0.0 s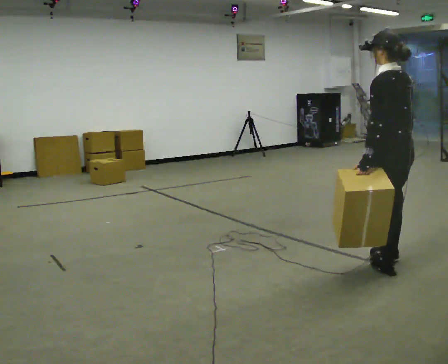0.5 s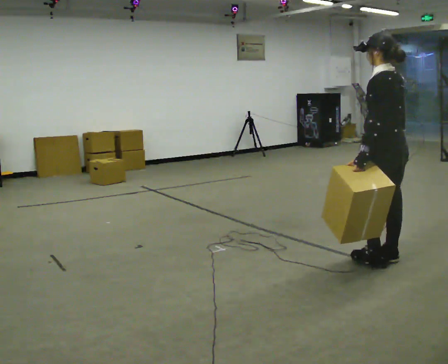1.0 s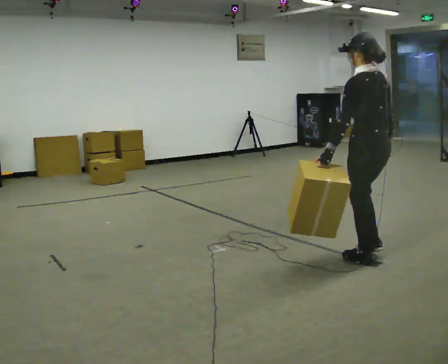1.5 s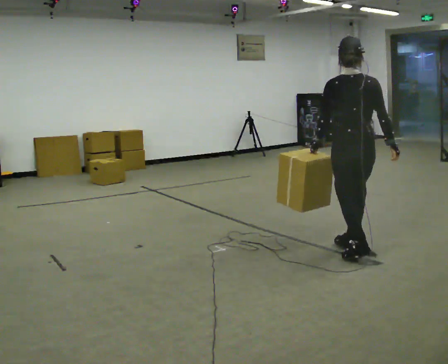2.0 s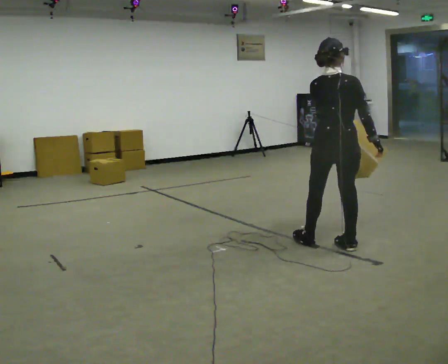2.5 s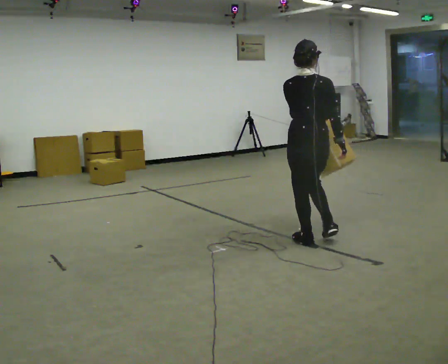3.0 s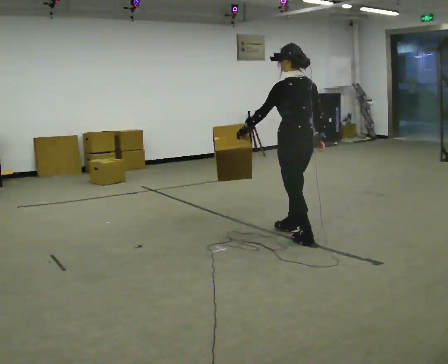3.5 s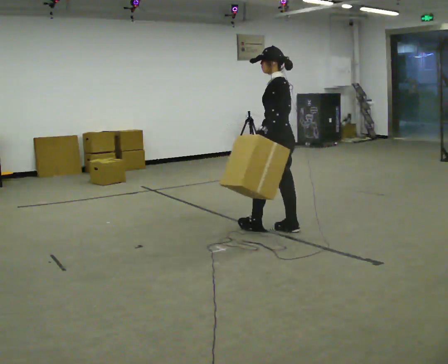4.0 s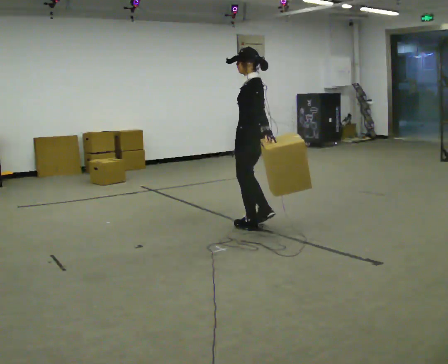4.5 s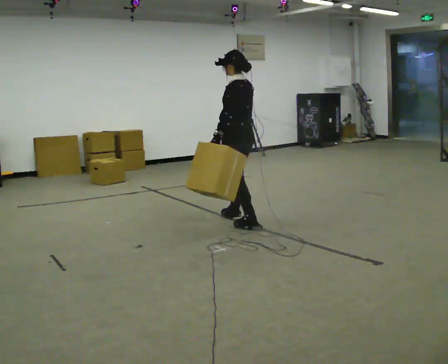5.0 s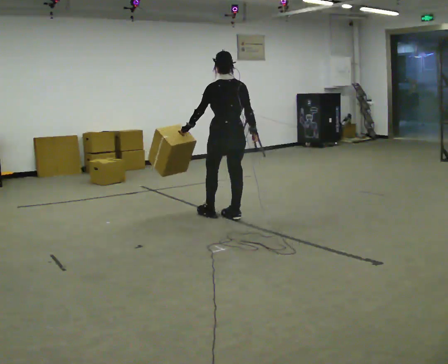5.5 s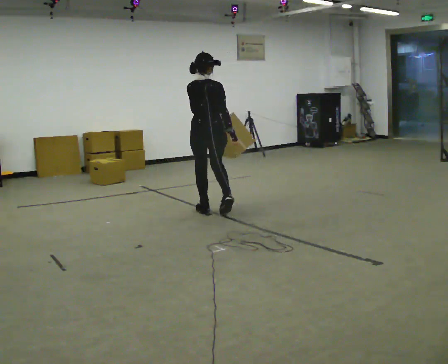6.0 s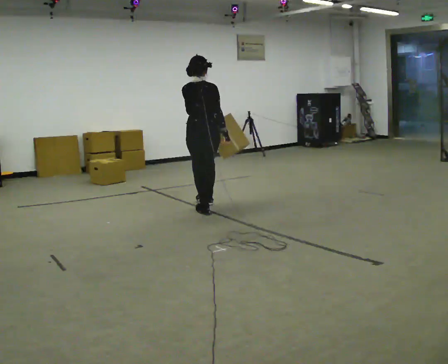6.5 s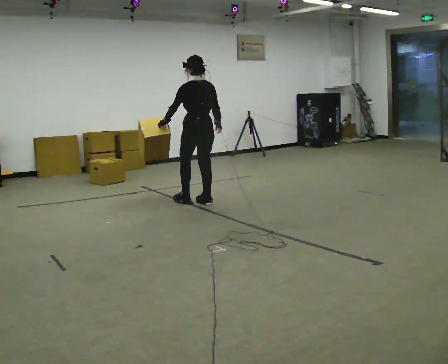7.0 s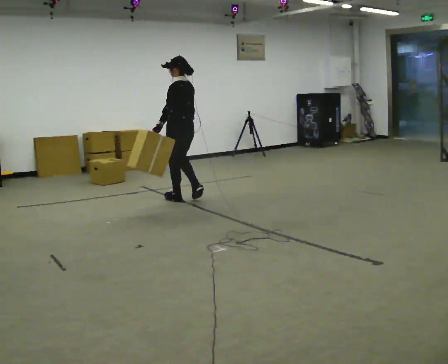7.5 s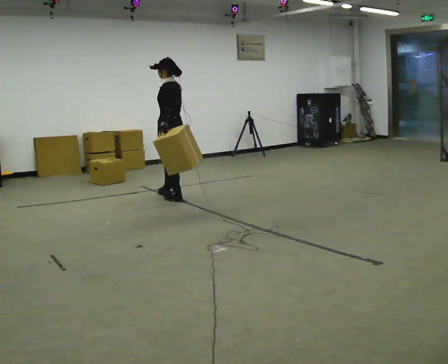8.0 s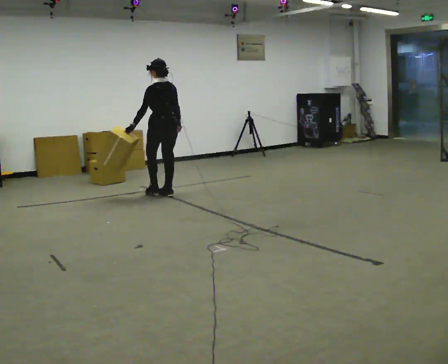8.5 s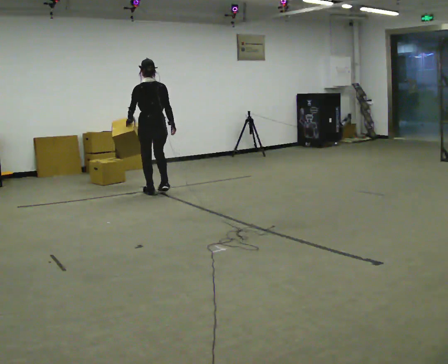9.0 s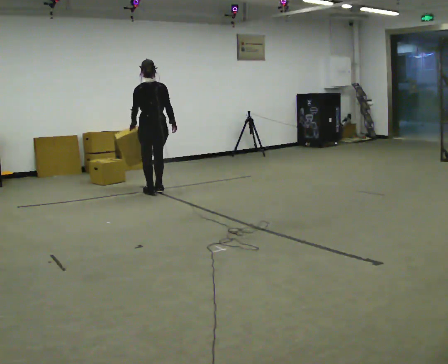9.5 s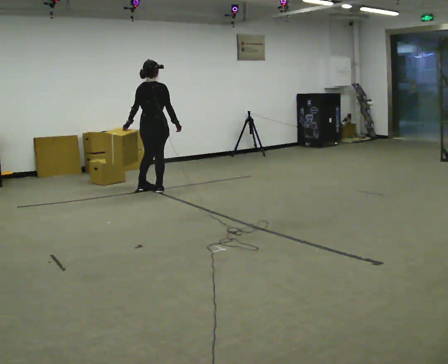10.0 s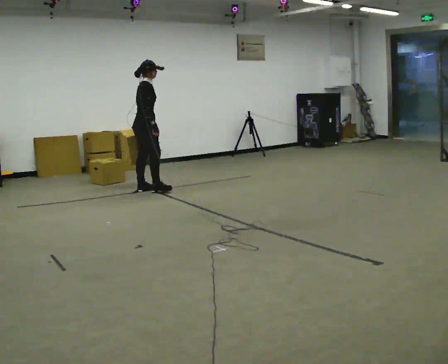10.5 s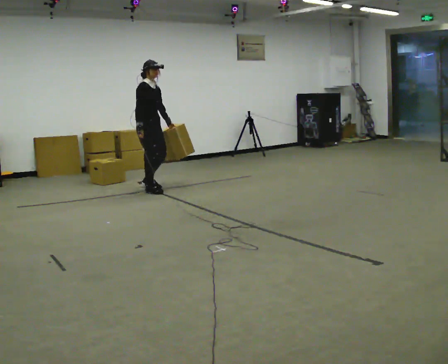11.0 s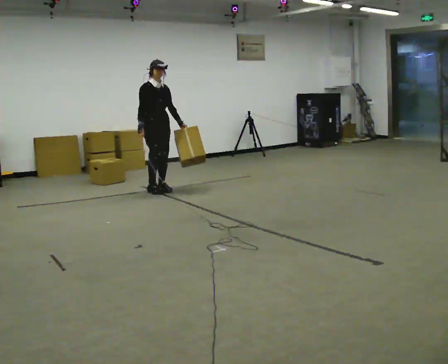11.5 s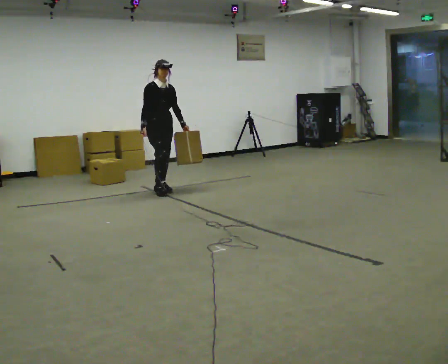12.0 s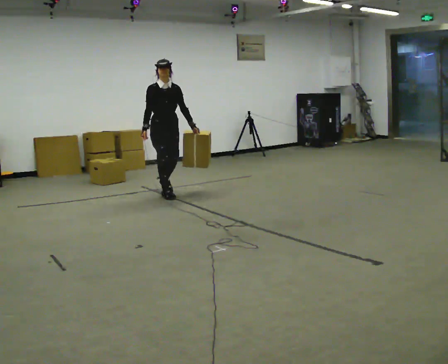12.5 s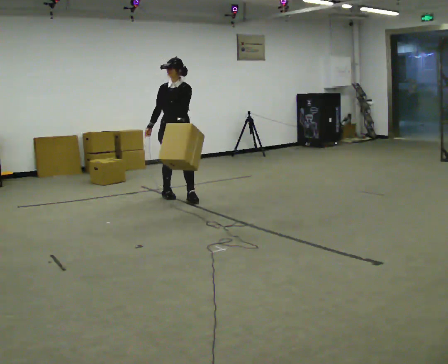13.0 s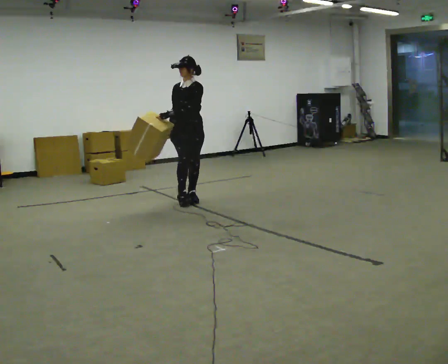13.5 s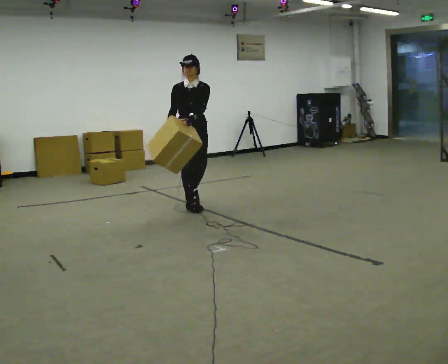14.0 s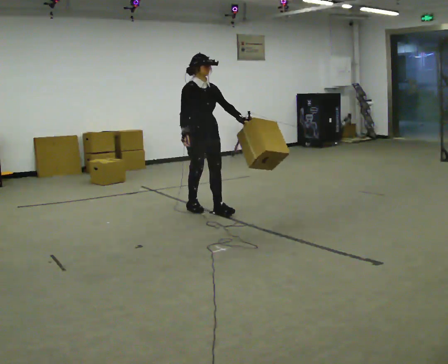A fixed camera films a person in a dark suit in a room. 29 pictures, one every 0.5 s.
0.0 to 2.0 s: Seen from above the body turns clockwise, about 45 degrees: to their right, with its near side sliding to the left. In the picture they go away from the camera and to the left, about 0.5 m in 3 steps, which for them is forward.
2.0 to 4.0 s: The part of the body nearest the lens slides to the right as the person turns to their left by about 75 degrees. In the picture they go away from the camera and to the left, about 1 m in 2 steps.
4.0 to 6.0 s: The part of the body nearest the lens slides to the left as the person turns to their right by about 60 degrees. In the picture they go away from the camera and to the left, about 1 m in 3 steps.
6.0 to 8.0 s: The part of the body nearest the lens slides to the right as the person turns to their left by about 30 degrees. In the picture they go away from the camera and to the left, about 1 m in 2 steps, which for them is forward.
8.0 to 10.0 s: The part of the body nearest the lens slides to the left as the person turns to their right by about 105 degrees. In the picture they go to the left and away from the camera, about 0.25 m in 3 steps.
10.0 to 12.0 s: Seen from above the body turns clockwise, about 90 degrees: to their right, with its near side sliding to the left. In the picture they go to the right and toward the camera, about 0.25 m in 2 steps.
12.0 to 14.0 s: In the picture they go toward the camera and to the right, about 1 m in 3 steps, which for them is forward and to their left.
The film runs forward here.
